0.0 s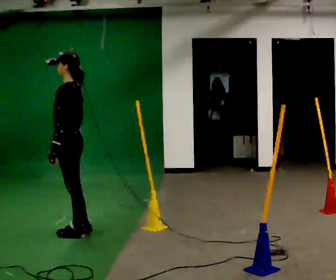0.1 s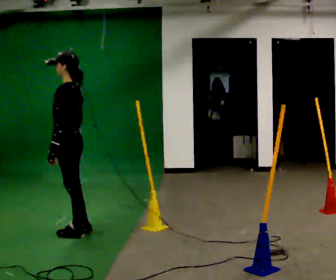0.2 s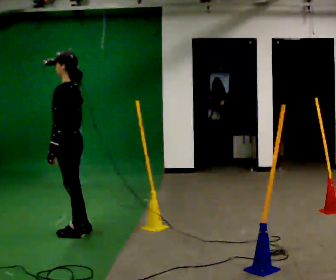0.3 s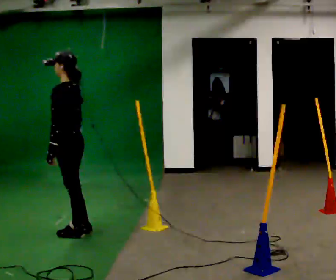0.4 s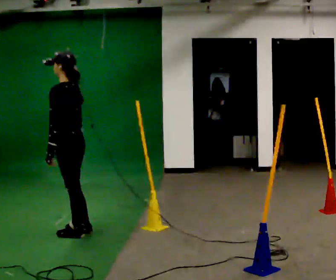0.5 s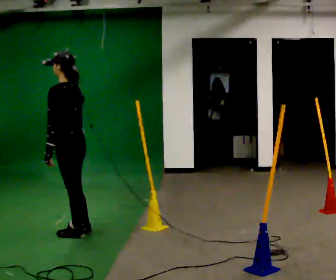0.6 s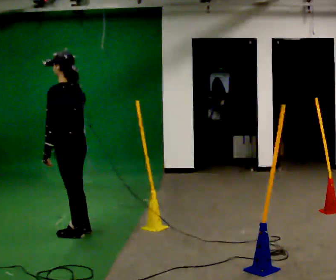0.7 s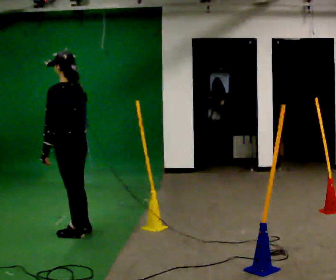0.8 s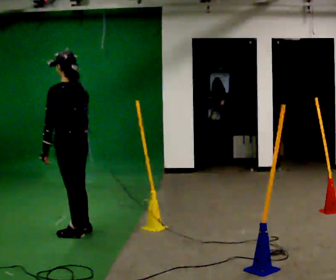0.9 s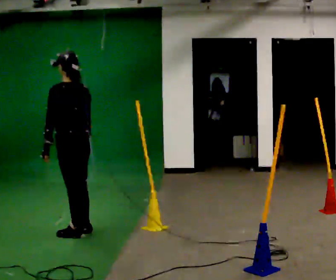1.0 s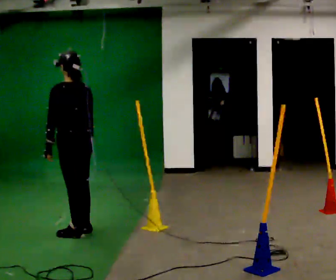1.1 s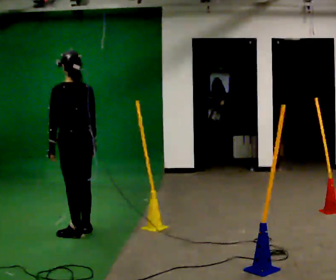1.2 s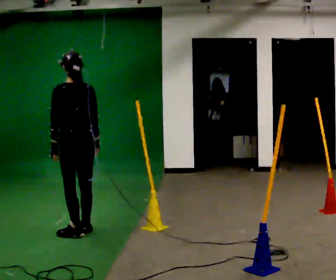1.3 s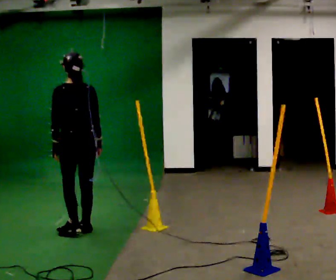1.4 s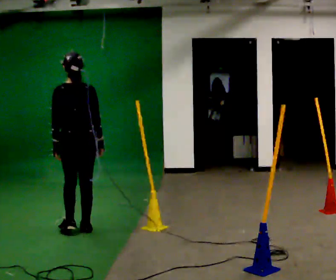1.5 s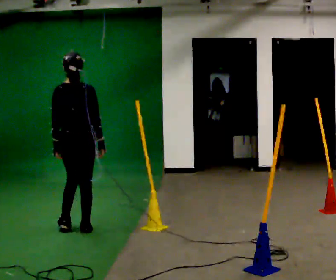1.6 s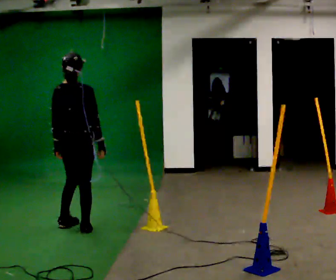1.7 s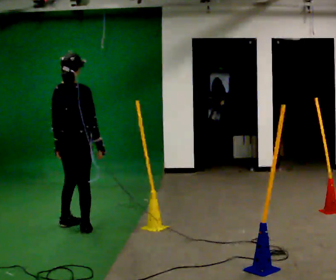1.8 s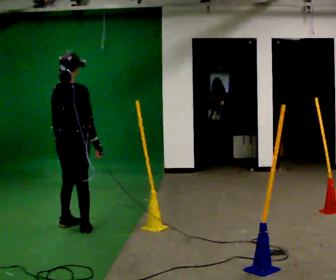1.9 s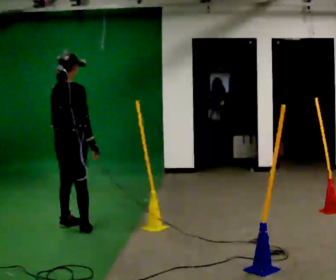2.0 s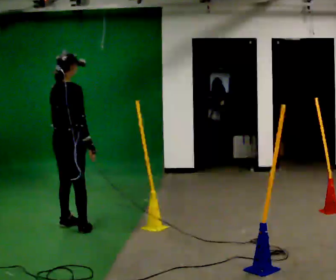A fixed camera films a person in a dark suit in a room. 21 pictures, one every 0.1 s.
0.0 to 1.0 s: The part of the body nearest the lens slides to the left as the person turns to their right by about 45 degrees.
1.0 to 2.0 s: The person turns about 75 degrees to their right, clockwise seen from above, so the part of the body nearest the lens slides to the left. In the picture they go away from the camera, about 0.25 m in 1 step.
The film runs forward here.
